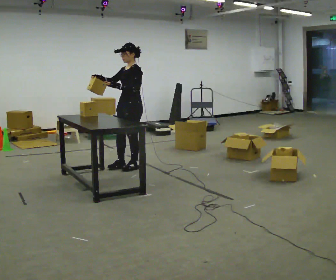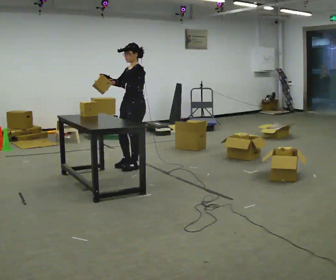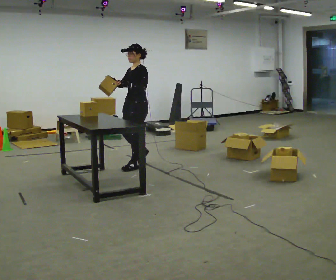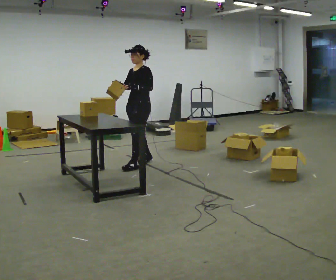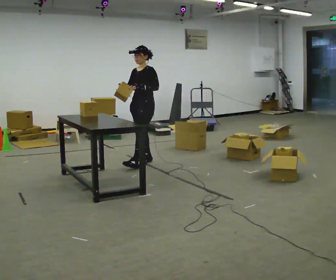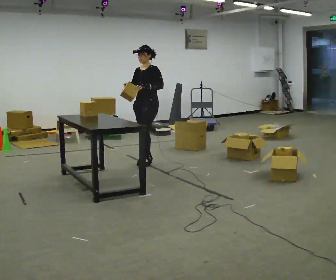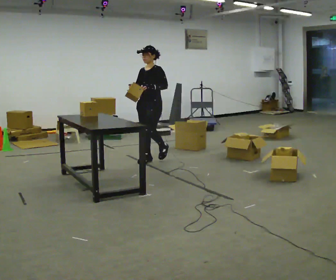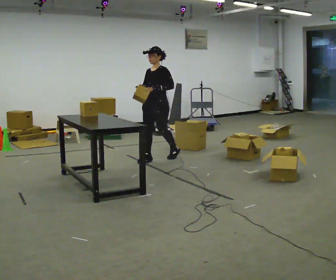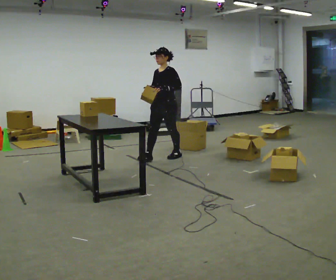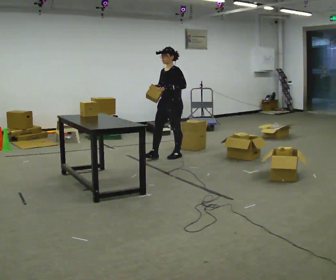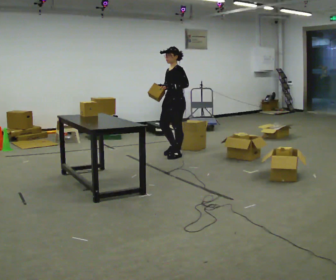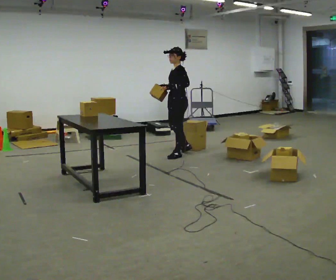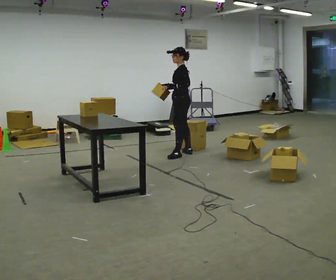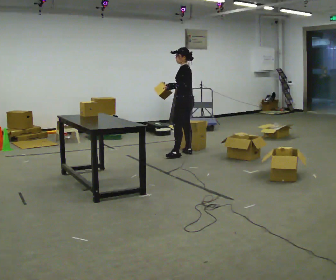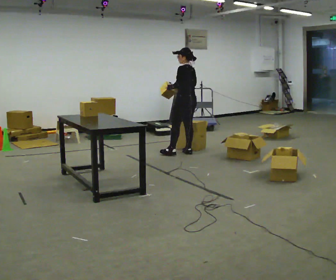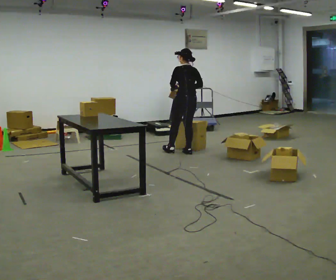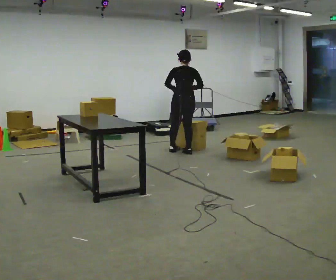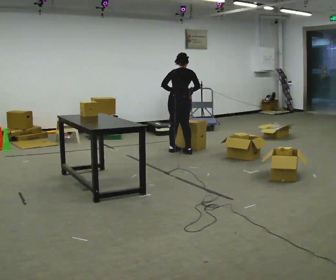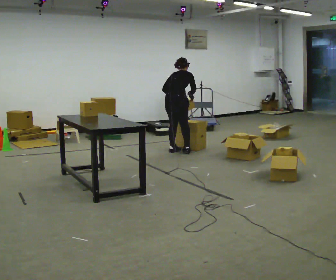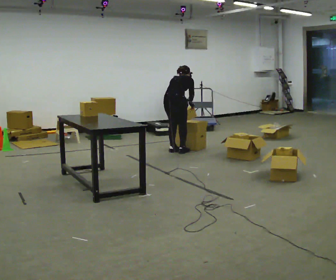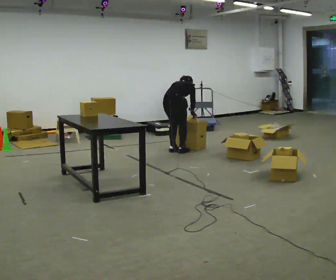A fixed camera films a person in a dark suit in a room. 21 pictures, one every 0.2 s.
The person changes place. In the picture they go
away from the camera.
The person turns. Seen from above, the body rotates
clockwise.
0.0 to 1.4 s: In the picture they go away from the camera and to the right, about 0.5 m in 2 steps, which for them is backward.
1.4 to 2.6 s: The person turns about 60 degrees to their right, clockwise seen from above, so the part of the body nearest the lens slides to the left. In the picture they go to the right and away from the camera, about 0.5 m in 1 step.
2.6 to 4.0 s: Seen from above the body turns clockwise, about 105 degrees: to their right, with its near side sliding to the left. In the picture they go to the left, about 0.25 m in 1 step. The shoulders move downward. The upper body tips away from the camera, its near side rolling upward, as they bend forward. In the picture their right hand goes downward and to the right.
The film runs backward here.
